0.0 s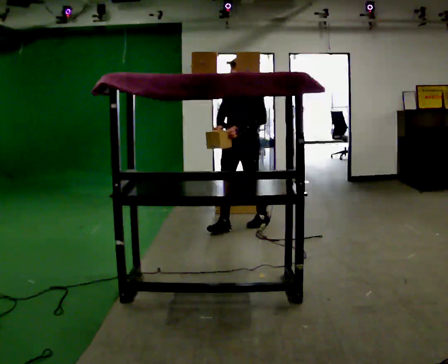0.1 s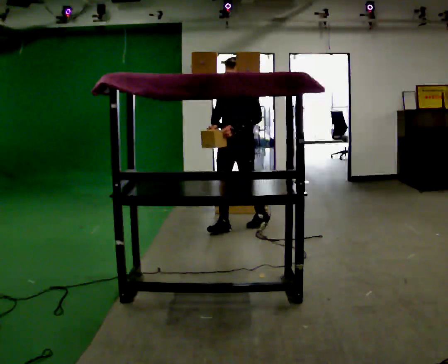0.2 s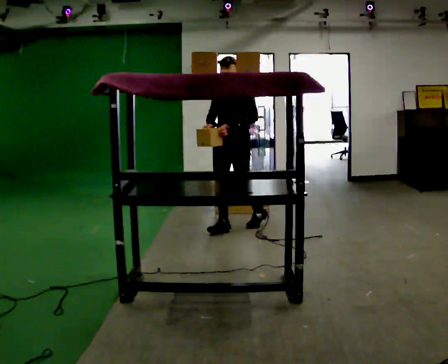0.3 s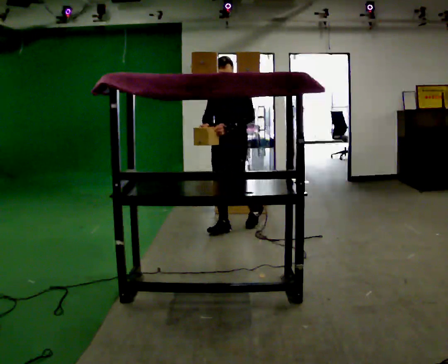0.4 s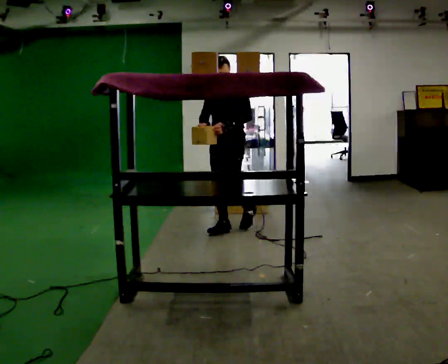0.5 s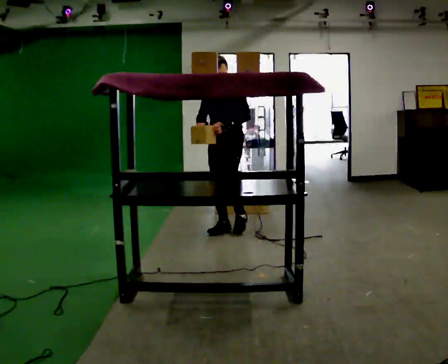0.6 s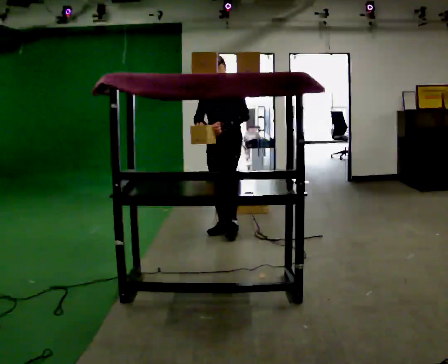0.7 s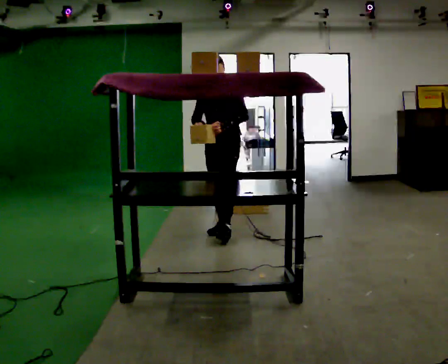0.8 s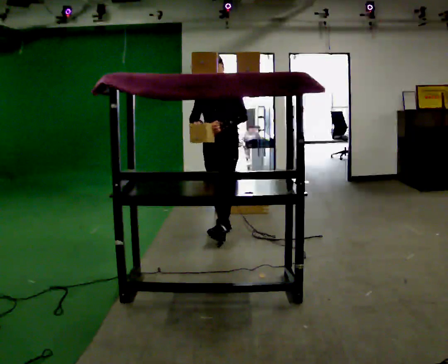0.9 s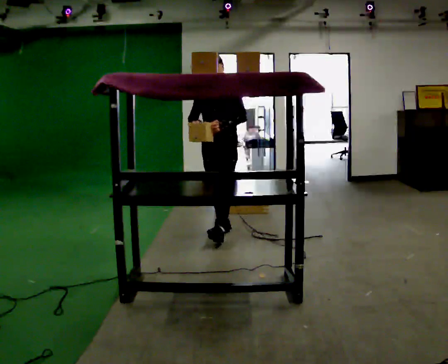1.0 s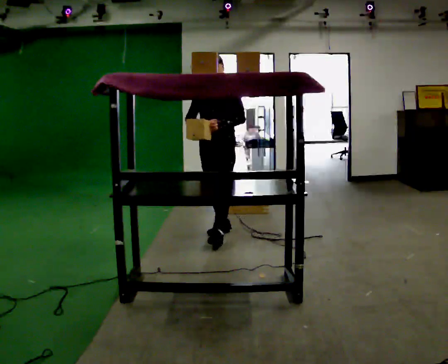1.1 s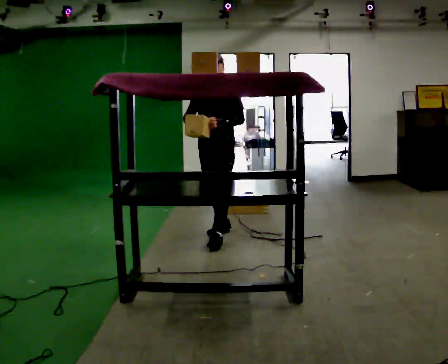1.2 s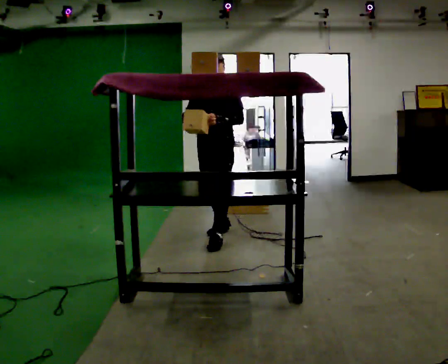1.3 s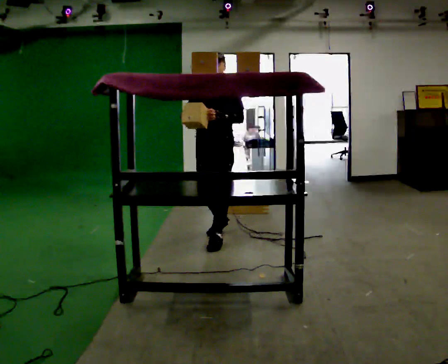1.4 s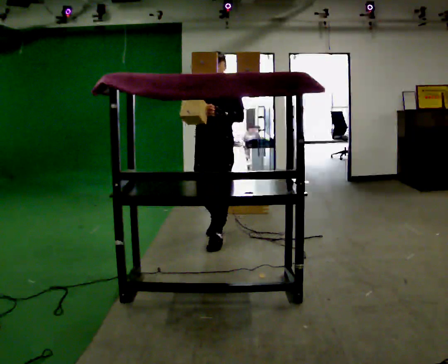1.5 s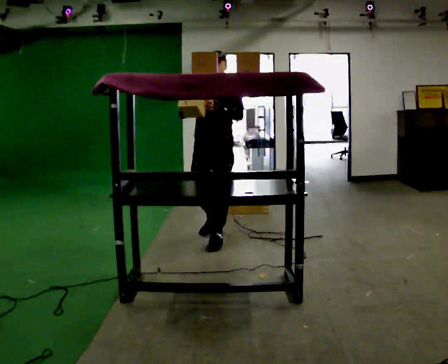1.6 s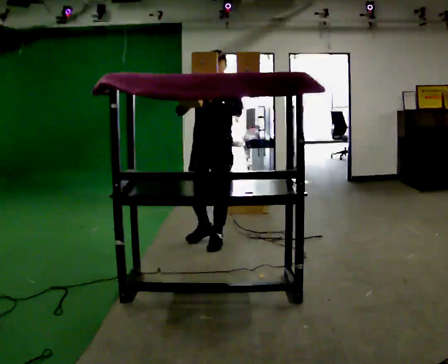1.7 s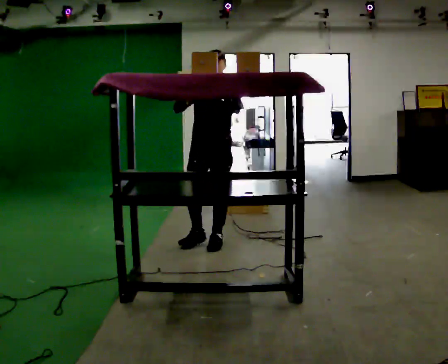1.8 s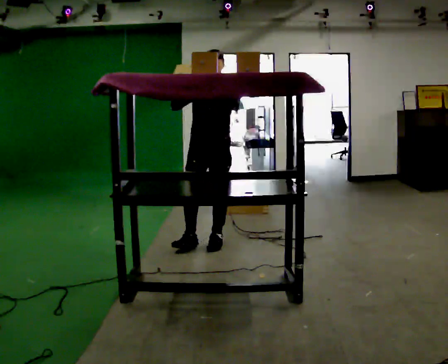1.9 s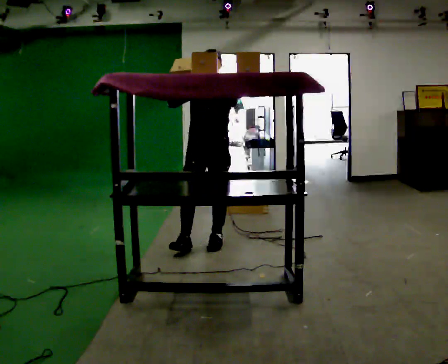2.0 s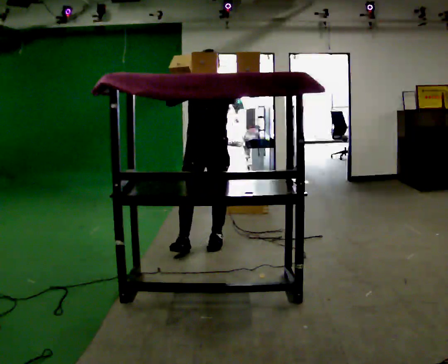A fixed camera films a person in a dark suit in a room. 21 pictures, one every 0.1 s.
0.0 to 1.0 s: In the picture they go toward the camera and to the left, about 0.25 m in 1 step, which for them is forward.
1.0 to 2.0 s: In the picture they go toward the camera, about 0.25 m in 1 step, which for them is forward. In the picture their left hand goes upward.
The film runs forward here.
